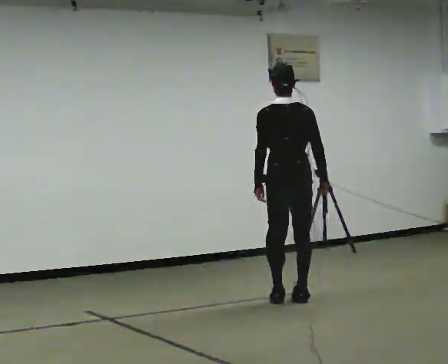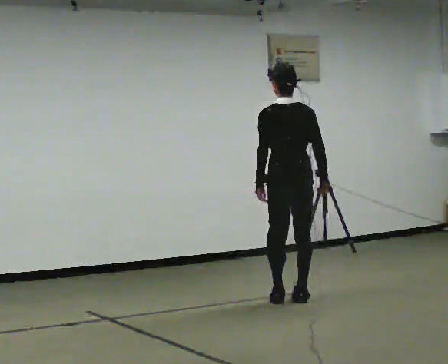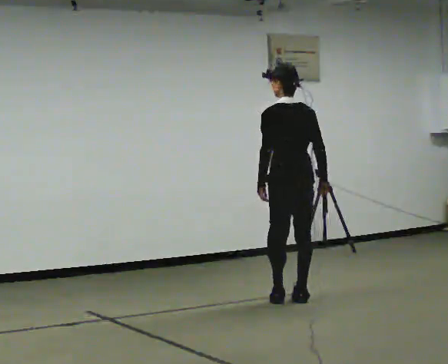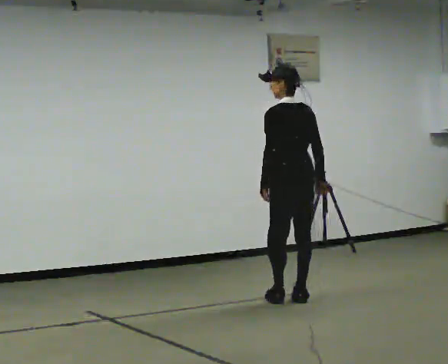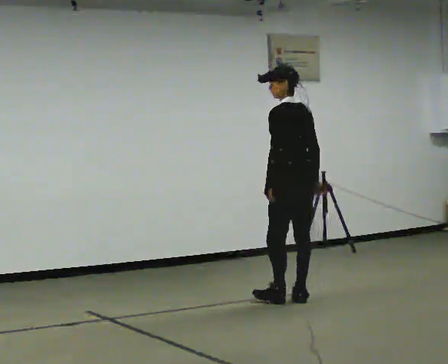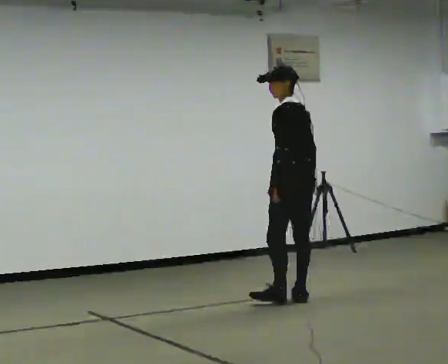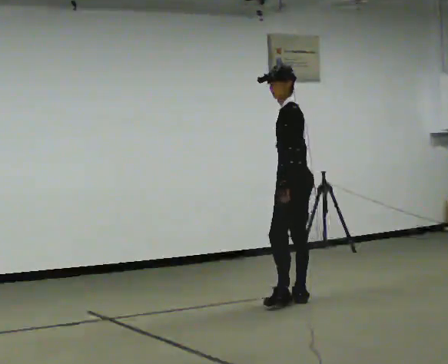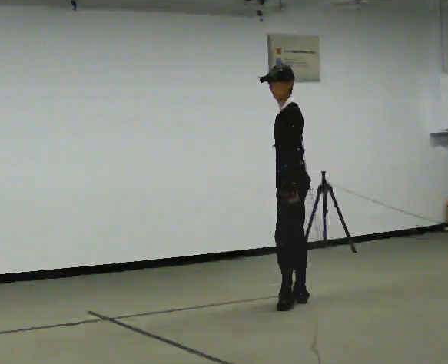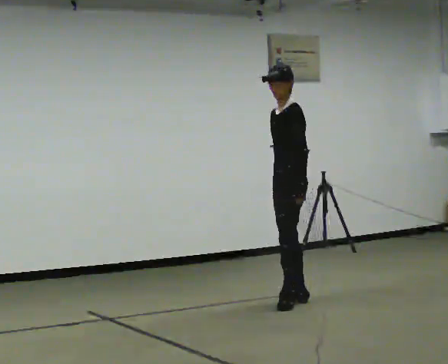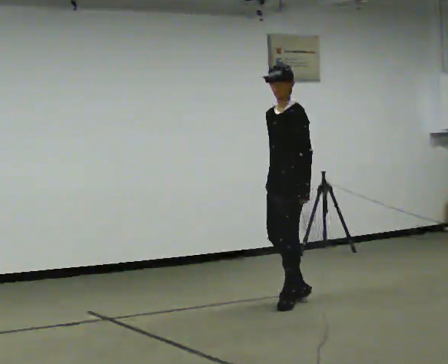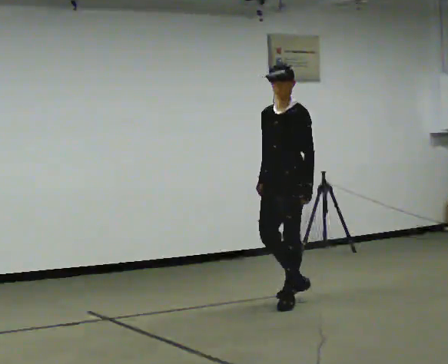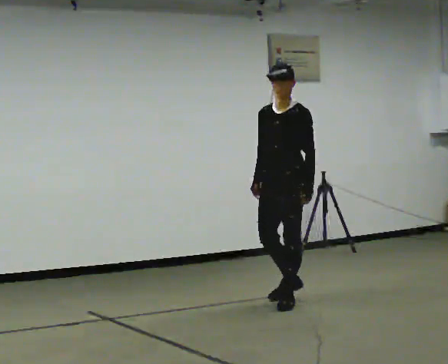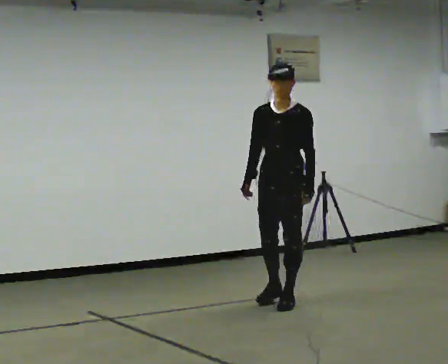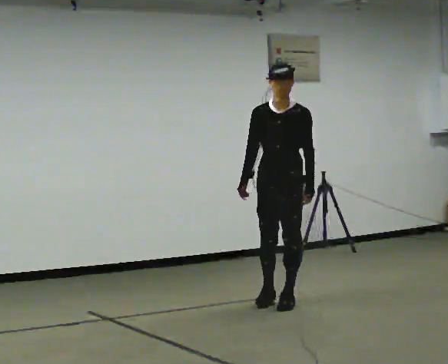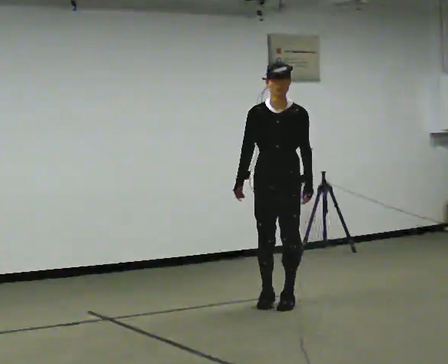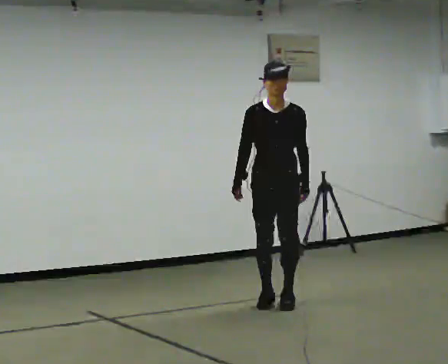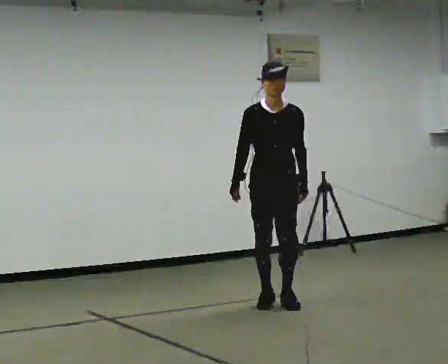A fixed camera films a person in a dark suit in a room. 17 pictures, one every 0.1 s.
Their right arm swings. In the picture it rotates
clockwise.
The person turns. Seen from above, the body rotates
counterclockwise.
0.0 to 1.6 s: The person turns about 180 degrees to their left, counterclockwise seen from above, so the part of the body nearest the lens slides to the right. In the picture they go toward the camera and to the left, about 0.25 m in 1 step. In the picture their right hand goes to the left, the arm swinging clockwise.
The film runs forward here.
